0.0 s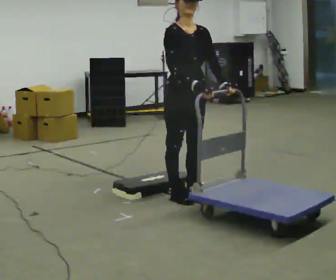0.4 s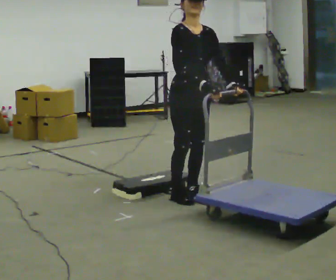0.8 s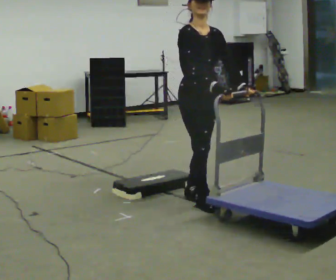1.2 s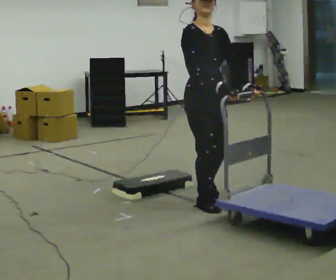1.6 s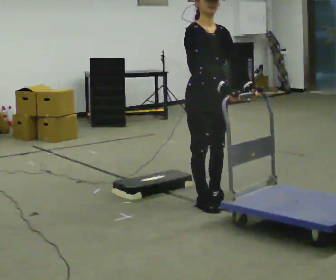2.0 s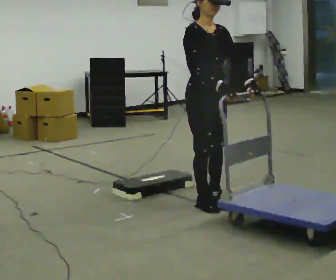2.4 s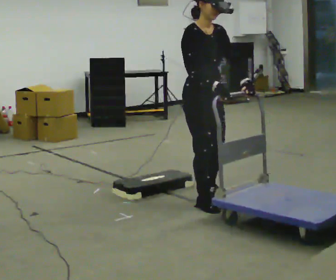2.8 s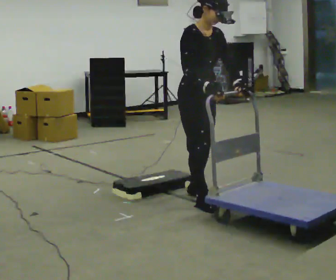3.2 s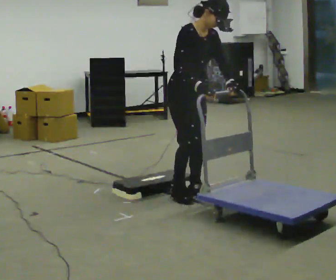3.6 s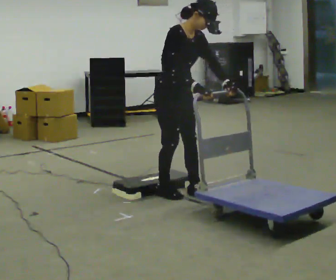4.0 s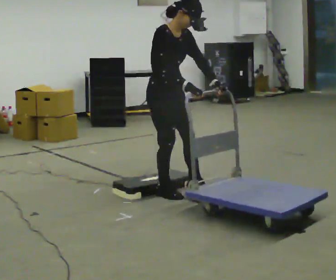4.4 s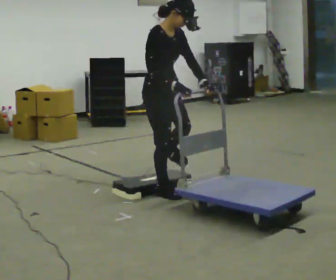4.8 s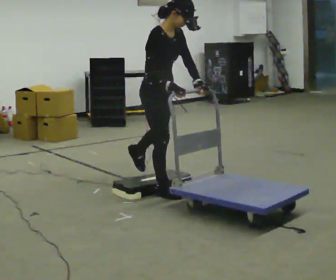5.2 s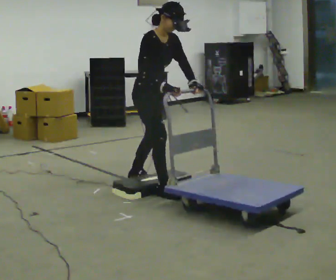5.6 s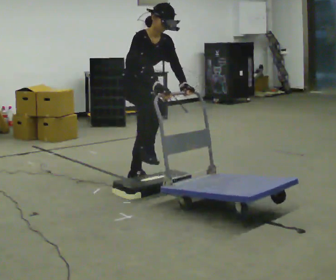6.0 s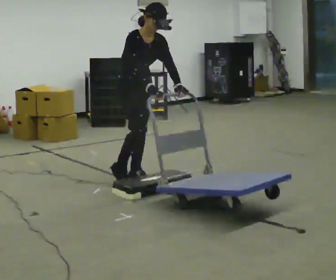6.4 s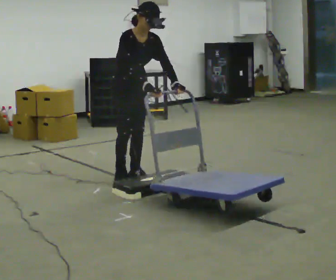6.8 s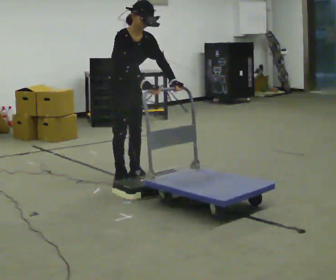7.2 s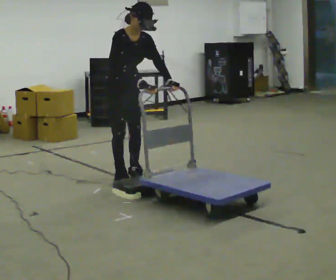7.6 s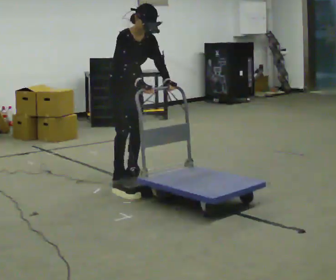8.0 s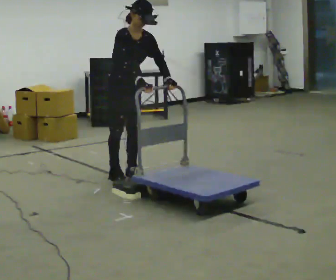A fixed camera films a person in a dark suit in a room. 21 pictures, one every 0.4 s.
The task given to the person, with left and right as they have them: Push the cart up over the low platform edge and down the other side, then bring it back over.
0.0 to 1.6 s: In the picture they go toward the camera and to the right, about 0.25 m in 2 steps, which for them is forward.
1.6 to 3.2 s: In the picture they go away from the camera, about 0.25 m in 1 step, which for them is backward. In the picture the upper body tilts clockwise, shoulders to the right, as they bend forward.
3.2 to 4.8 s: Seen from above the body turns counterclockwise, about 30 degrees: to their left, with its near side sliding to the right. In the picture they go to the left, about 0.25 m in 2 steps, which for them is backward.
4.8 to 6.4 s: The person turns about 30 degrees to their right, clockwise seen from above, so the part of the body nearest the lens slides to the left. In the picture they go away from the camera and to the left, about 0.5 m in 1 step, which for them is backward.
6.4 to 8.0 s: The person moves a little, or ends about where they began.
The film runs forward here.
